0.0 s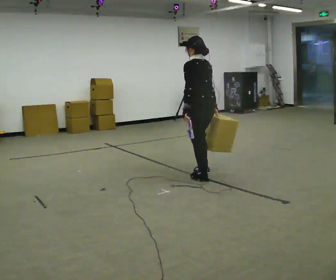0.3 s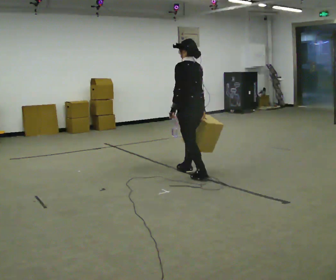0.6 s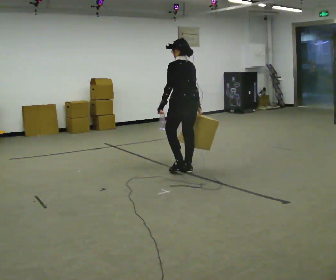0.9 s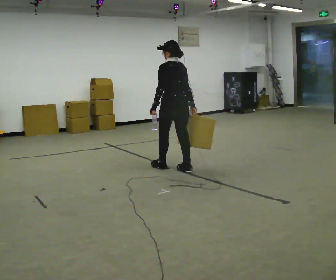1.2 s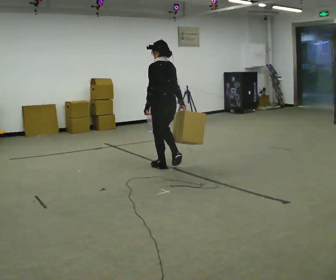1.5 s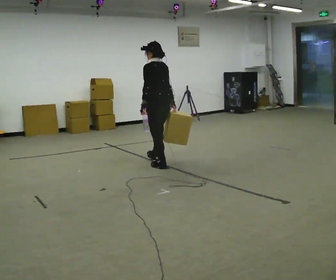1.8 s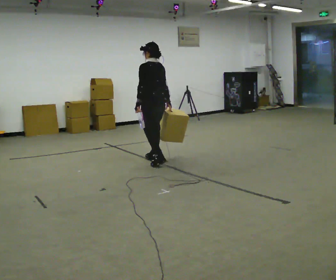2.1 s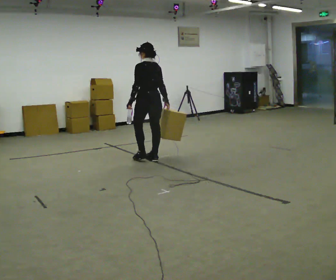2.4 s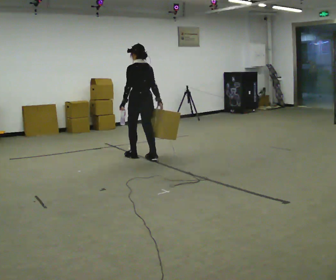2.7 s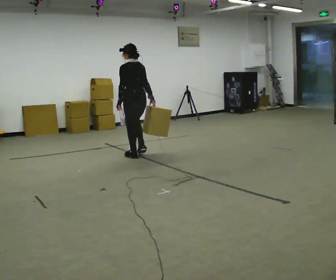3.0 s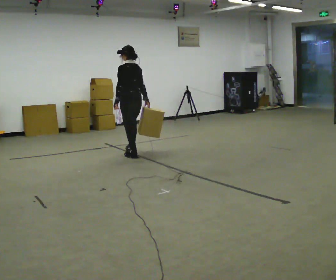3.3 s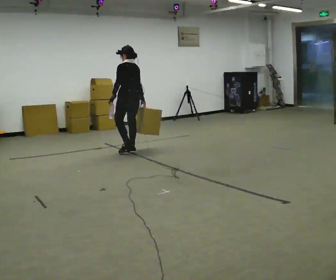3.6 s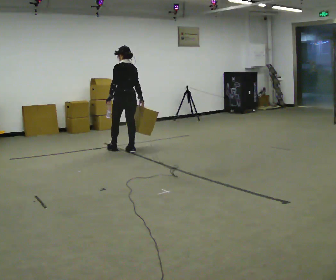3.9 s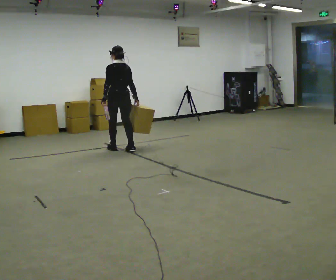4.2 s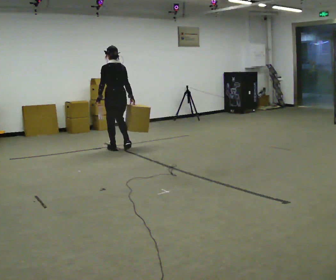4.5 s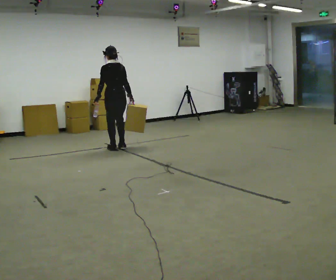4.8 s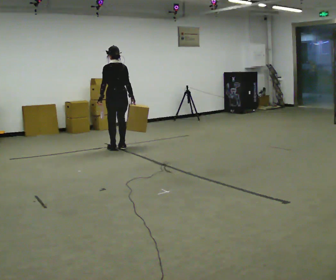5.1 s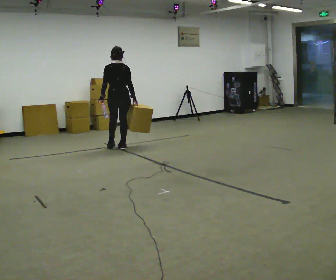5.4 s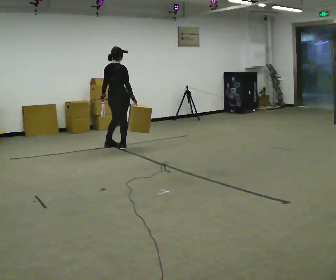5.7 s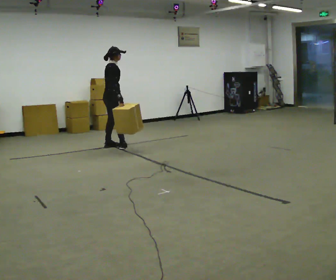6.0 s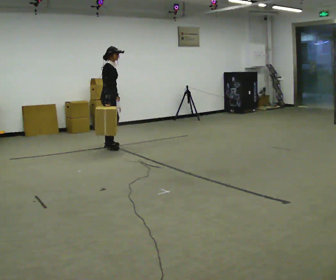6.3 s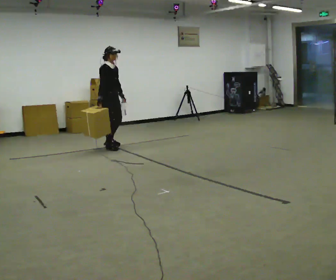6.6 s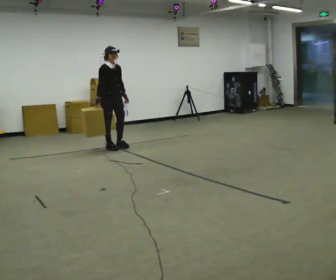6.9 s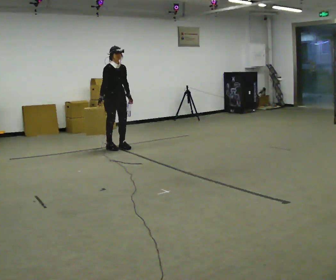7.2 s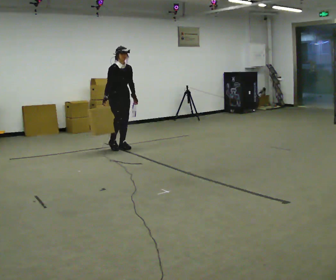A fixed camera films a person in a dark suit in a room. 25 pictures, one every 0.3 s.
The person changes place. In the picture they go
away from the camera.
0.0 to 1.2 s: In the picture they go away from the camera and to the left, about 0.75 m in 2 steps, which for them is forward.
1.2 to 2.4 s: In the picture they go away from the camera and to the left, about 0.5 m in 2 steps, which for them is forward.
2.4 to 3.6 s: In the picture they go away from the camera and to the left, about 0.5 m in 1 step, which for them is forward.
3.6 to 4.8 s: In the picture they go away from the camera, about 0.25 m in 2 steps, which for them is forward.
4.8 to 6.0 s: The person turns about 120 degrees to their right, clockwise seen from above, so the part of the body nearest the lens slides to the left. In the picture they go to the left, about 0.25 m in 2 steps.
6.0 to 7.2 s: The person turns about 45 degrees to their right, clockwise seen from above, so the part of the body nearest the lens slides to the left. In the picture they go to the right, about 0.25 m in 1 step, which for them is forward.
The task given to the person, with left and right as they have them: Carry one object in each hand, the heavy one in the hand the operator calls, walking back and forth across the room.
The film runs forward here.
